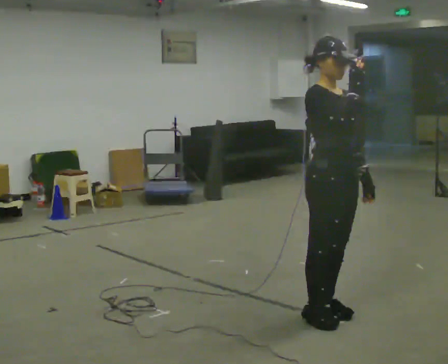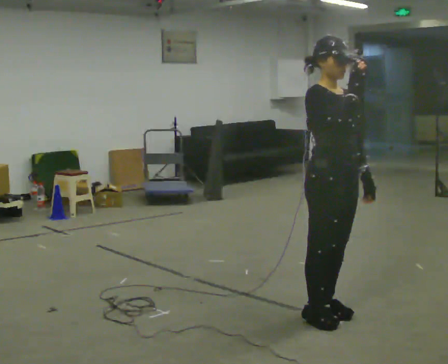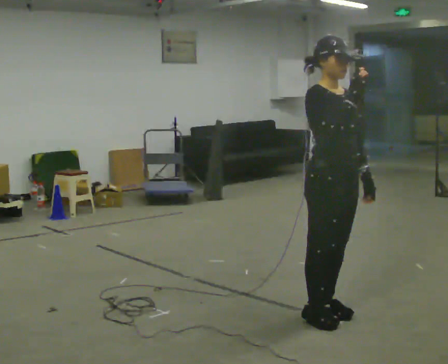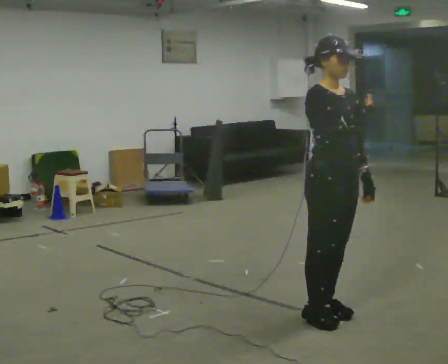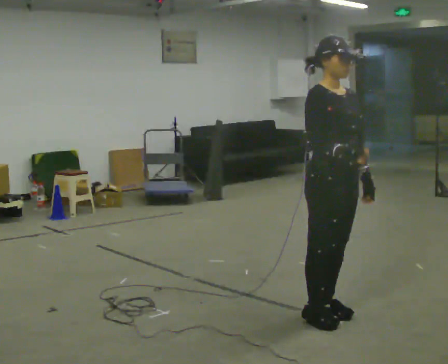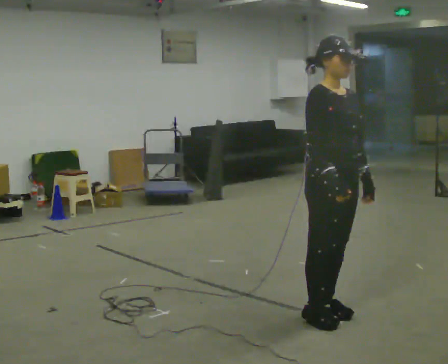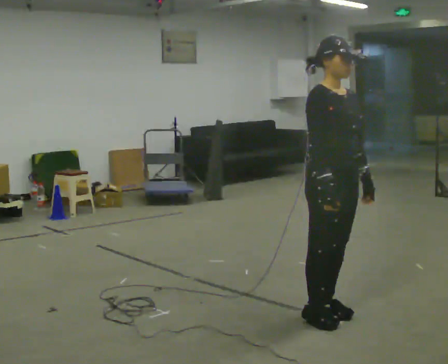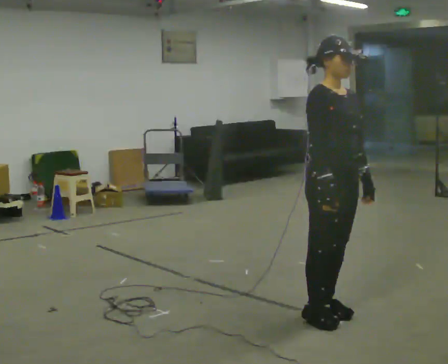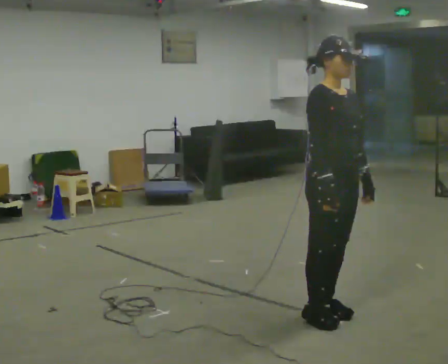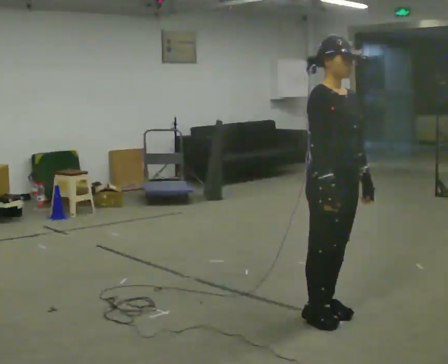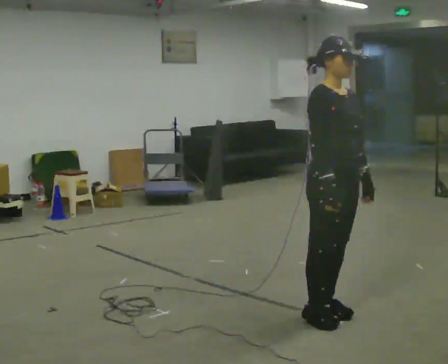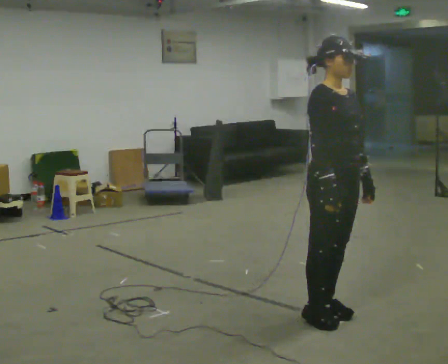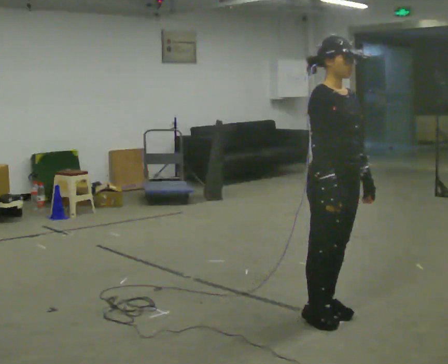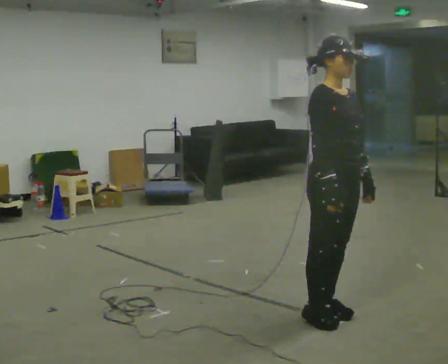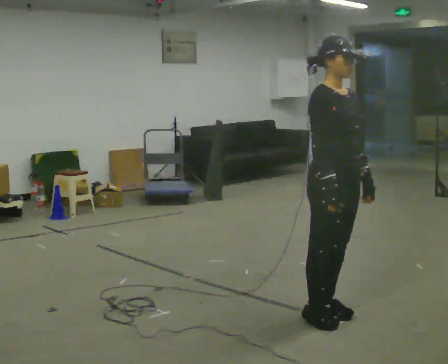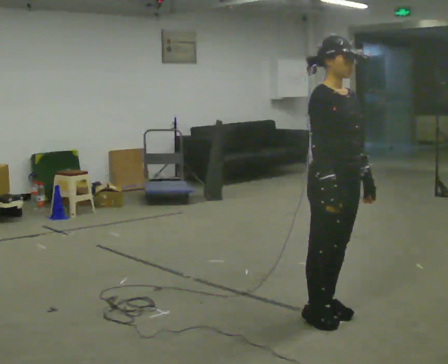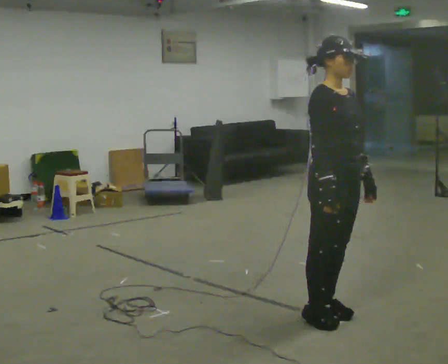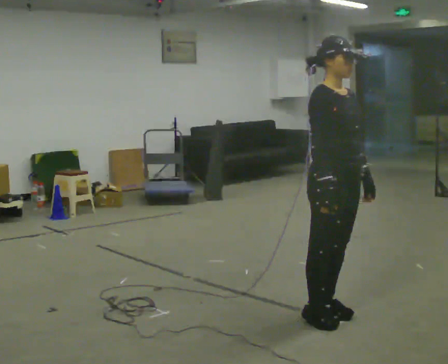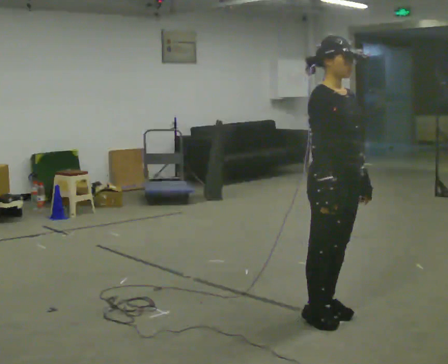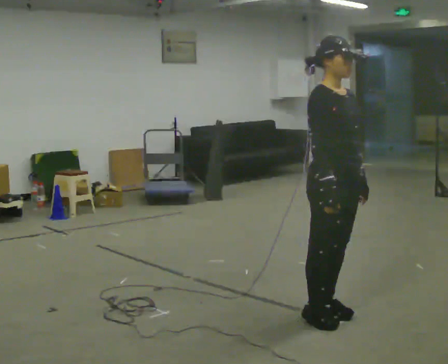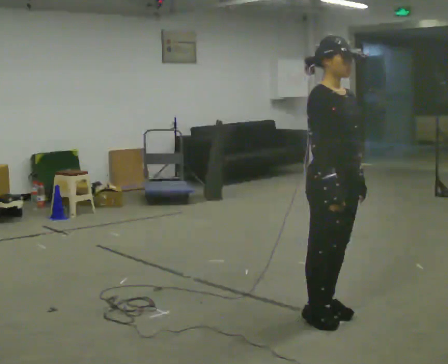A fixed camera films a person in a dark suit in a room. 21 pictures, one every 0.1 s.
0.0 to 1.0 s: In the picture their right hand goes downward.
1.0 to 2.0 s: The person moves a little, or ends about where they began.
The film runs backward here.
